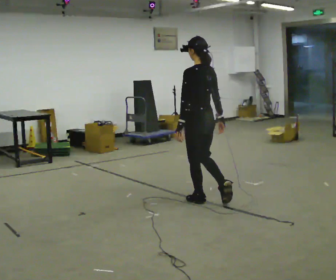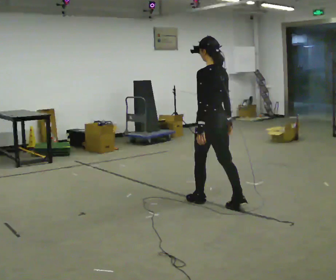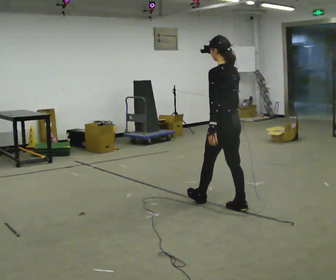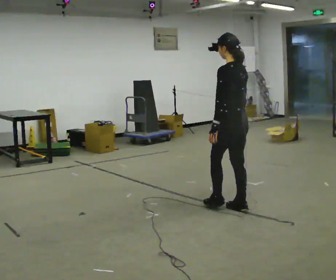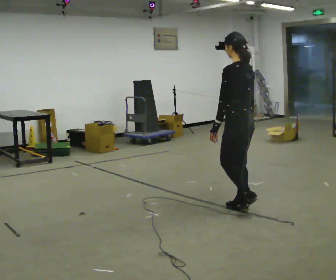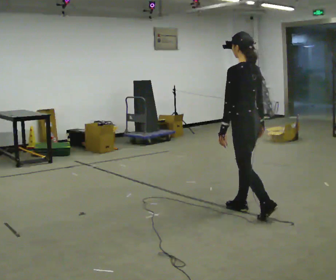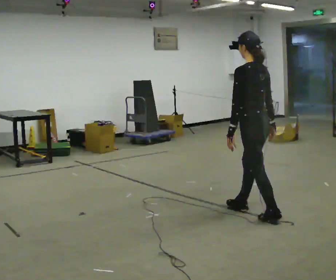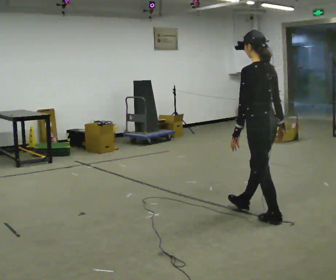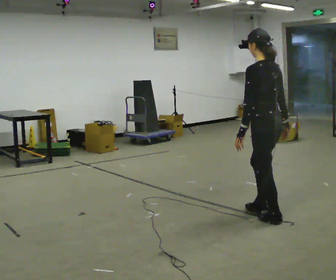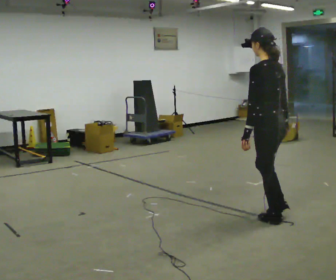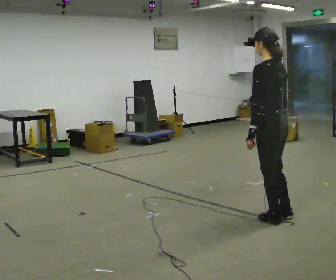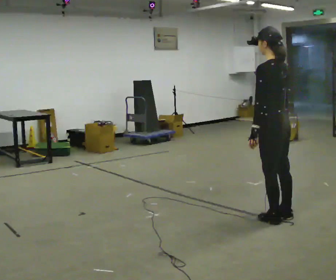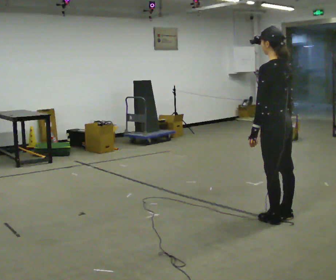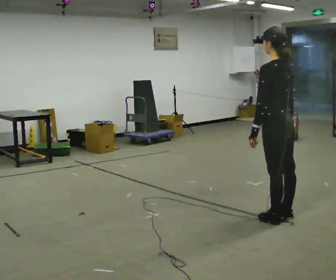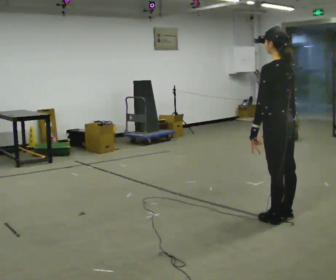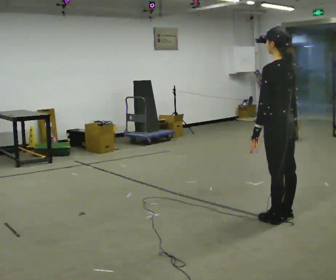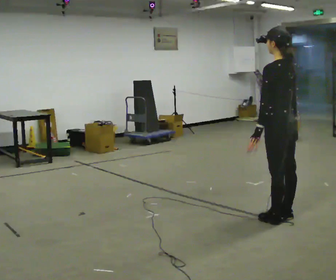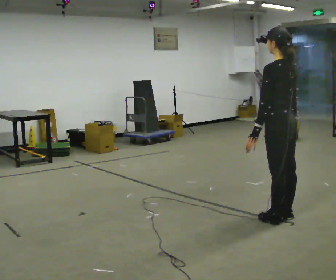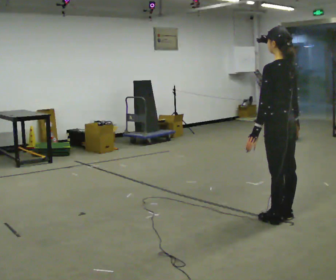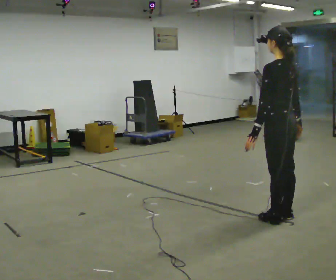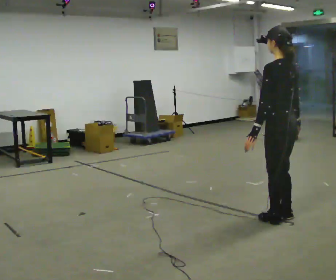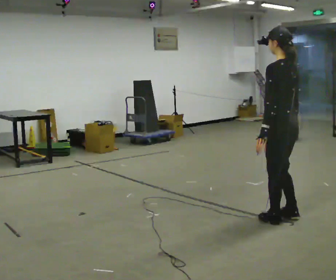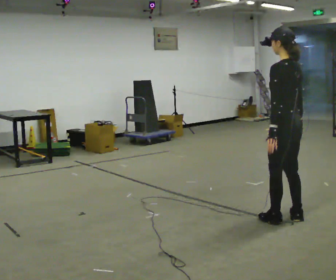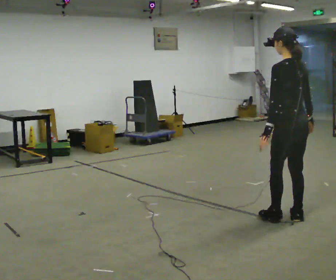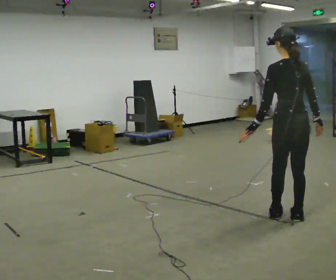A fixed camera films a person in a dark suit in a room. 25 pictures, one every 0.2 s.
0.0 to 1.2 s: In the picture they go to the right and toward the camera, about 0.75 m in 1 step, which for them is backward.
1.2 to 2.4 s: In the picture they go to the right and toward the camera, about 0.25 m in 1 step, which for them is backward.
2.4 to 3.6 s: The person moves a little, or ends about where they began.
3.6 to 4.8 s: The part of the body nearest the lens slides to the left as the person turns to their right by about 30 degrees.
The film runs backward here.
